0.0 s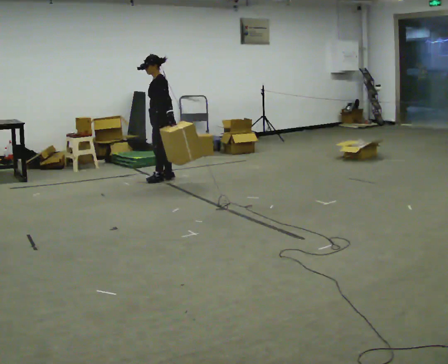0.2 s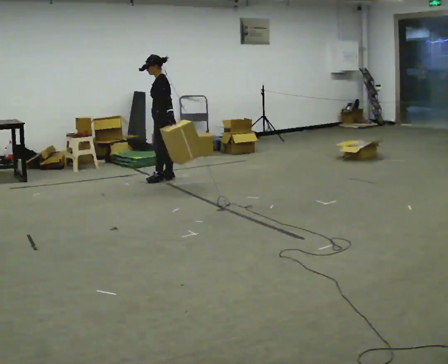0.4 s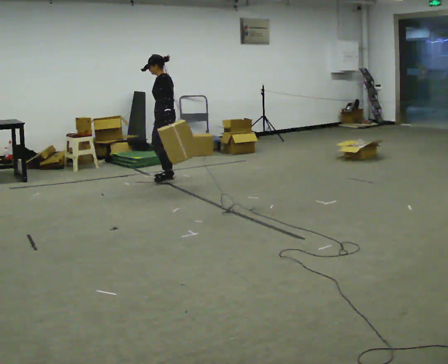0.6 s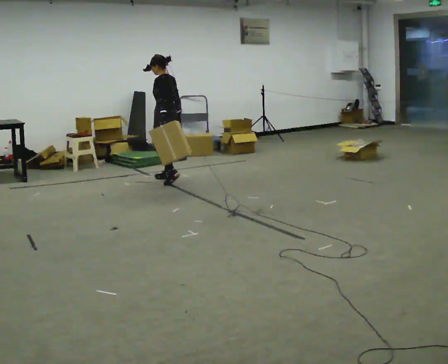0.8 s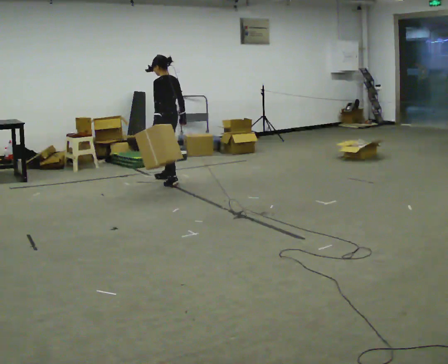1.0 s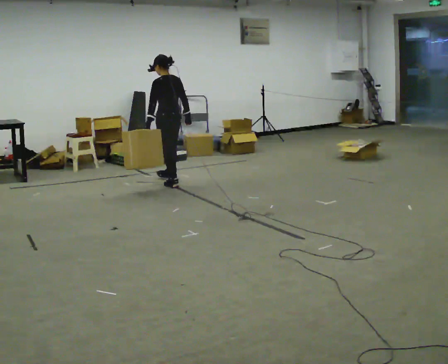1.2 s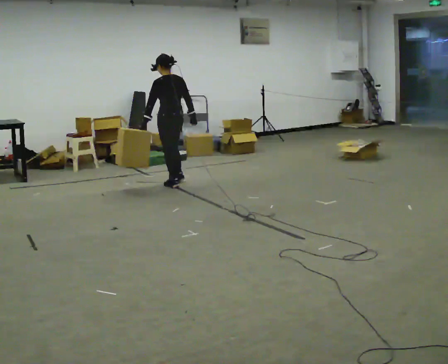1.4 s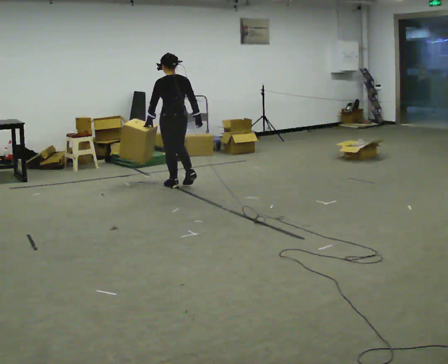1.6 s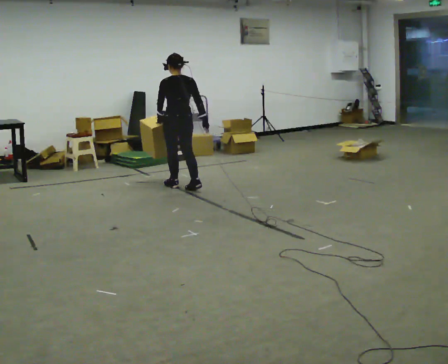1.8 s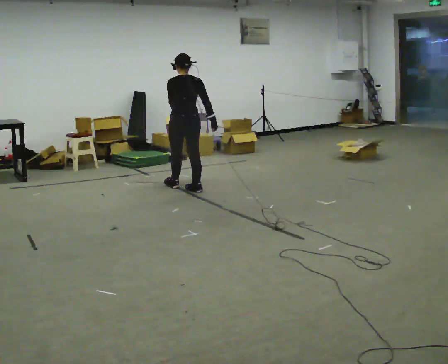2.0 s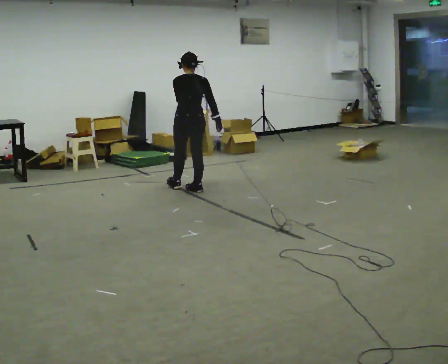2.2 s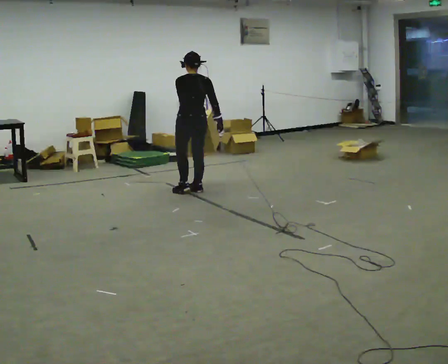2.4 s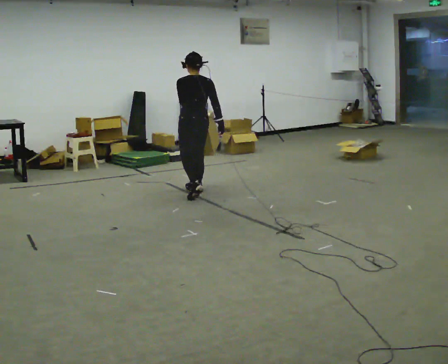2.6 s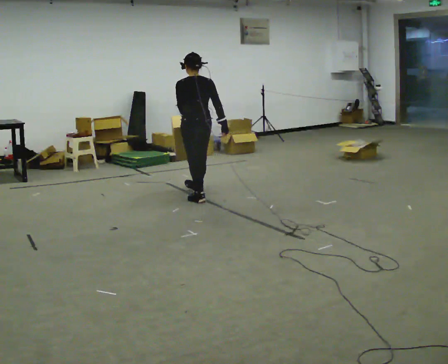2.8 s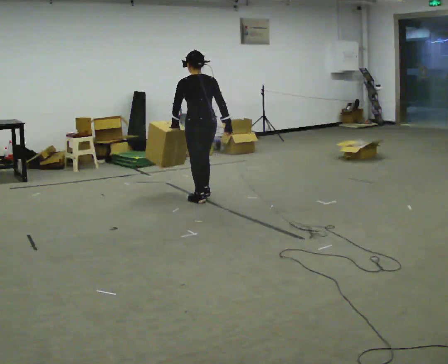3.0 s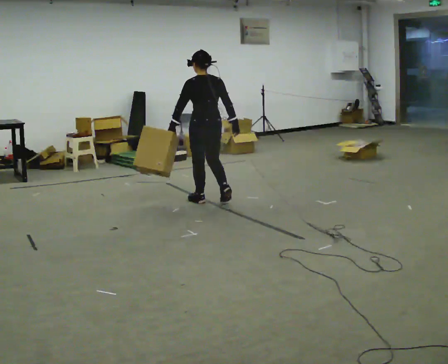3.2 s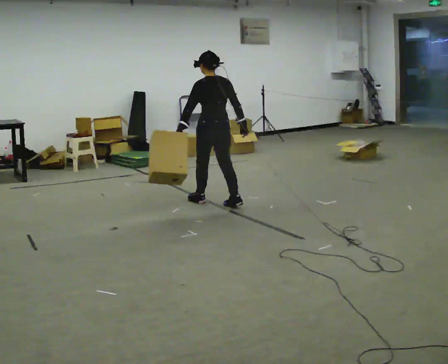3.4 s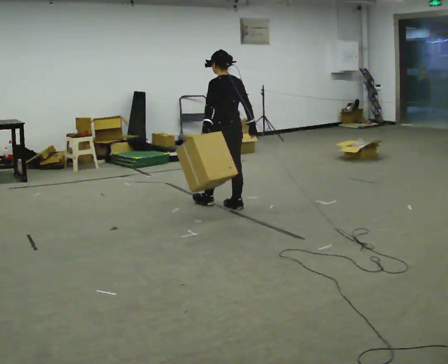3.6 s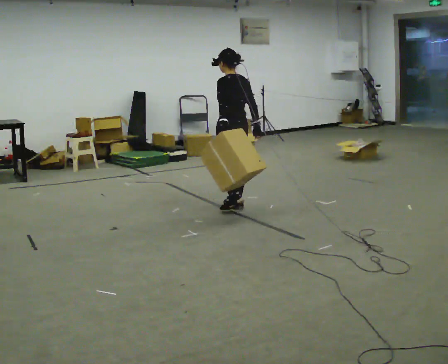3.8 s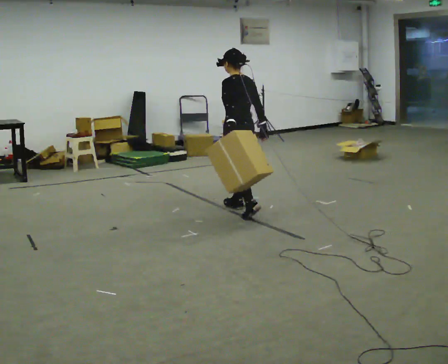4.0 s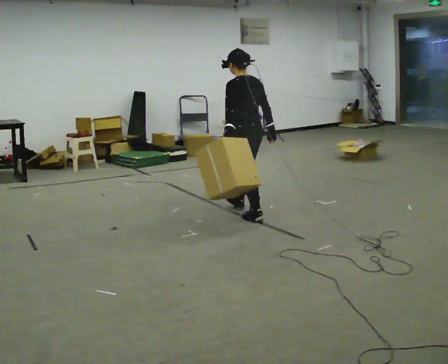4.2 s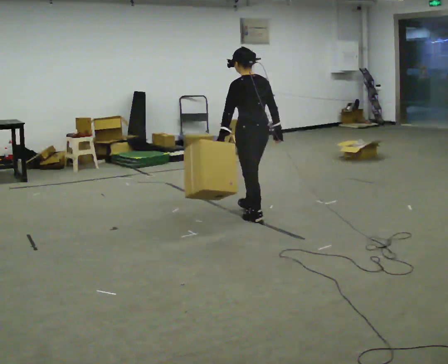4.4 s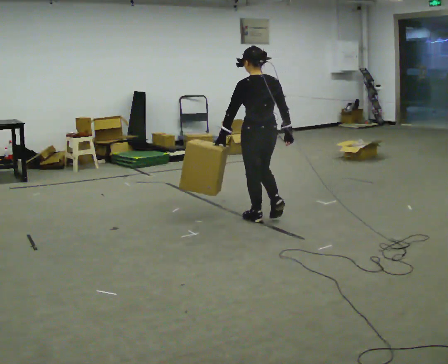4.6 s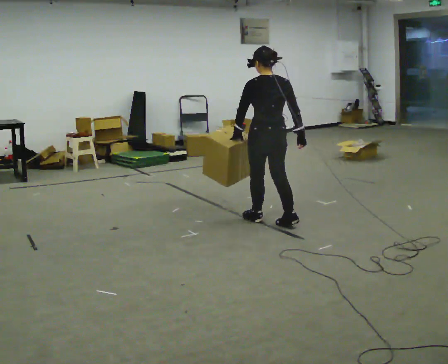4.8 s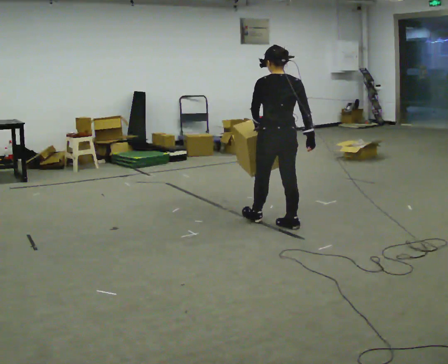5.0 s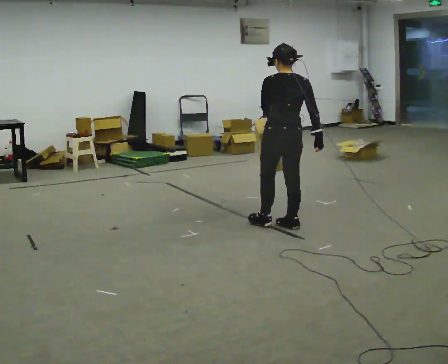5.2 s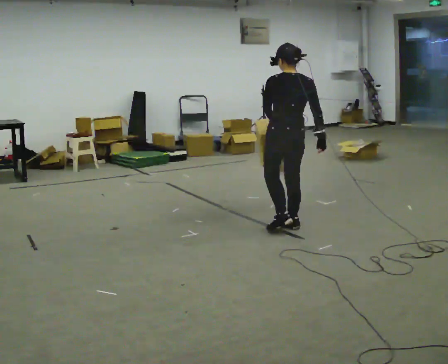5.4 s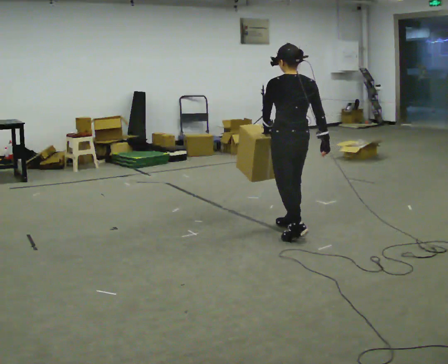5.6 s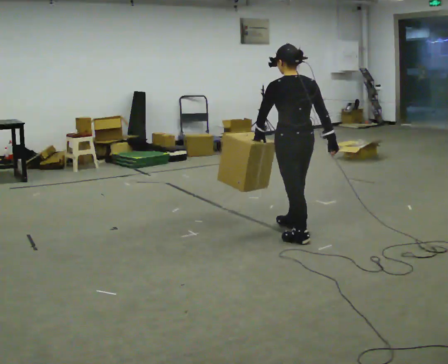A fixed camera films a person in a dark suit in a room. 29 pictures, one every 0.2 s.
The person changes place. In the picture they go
toward the camera.
0.0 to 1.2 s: The part of the body nearest the lens slides to the left as the person turns to their right by about 60 degrees. In the picture they go toward the camera, about 0.25 m in 2 steps, which for them is to their left and backward.
1.2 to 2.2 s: The person turns about 30 degrees to their right, clockwise seen from above, so the part of the body nearest the lens slides to the left. In the picture they go toward the camera and to the right, about 0.5 m in 1 step, which for them is backward.
2.2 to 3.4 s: The person turns about 30 degrees to their left, counterclockwise seen from above, so the part of the body nearest the lens slides to the right. In the picture they go toward the camera and to the right, about 0.75 m in 2 steps, which for them is backward.
3.4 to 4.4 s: In the picture they go toward the camera and to the right, about 0.5 m in 1 step, which for them is backward.
4.4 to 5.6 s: In the picture they go toward the camera and to the right, about 0.5 m in 1 step, which for them is backward.
The film runs backward here.
